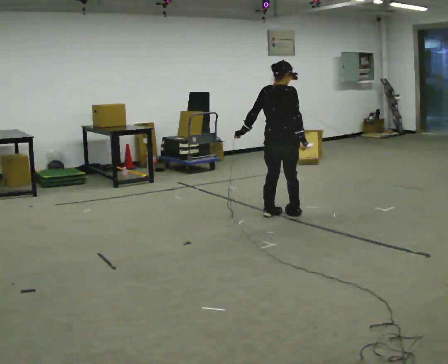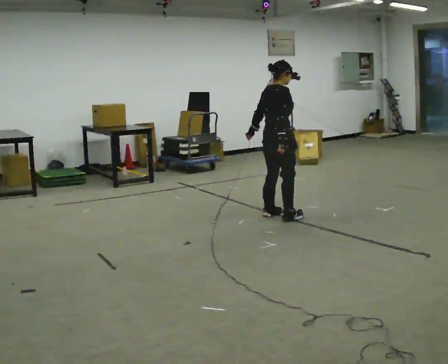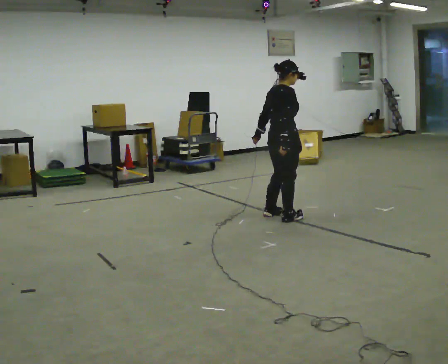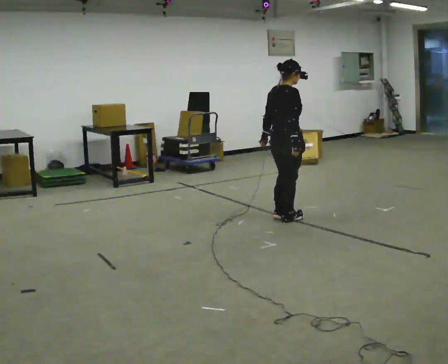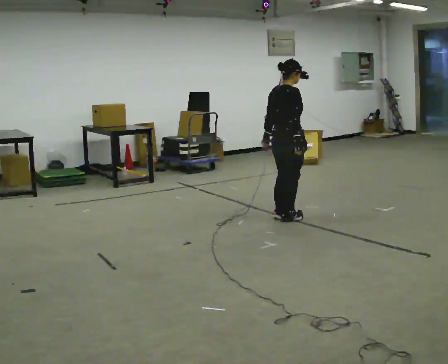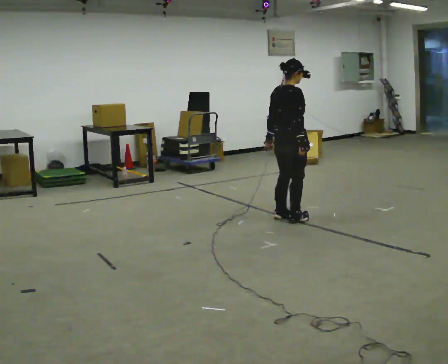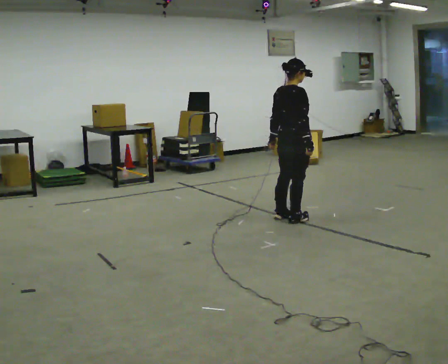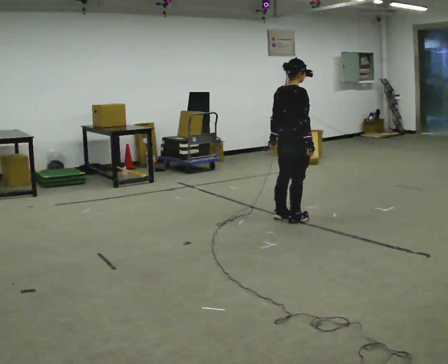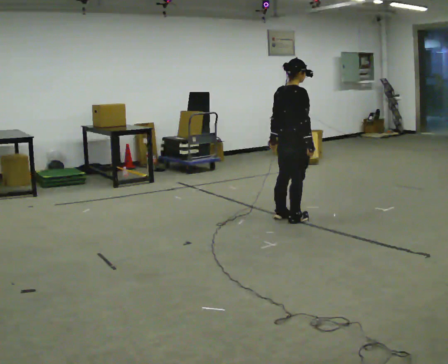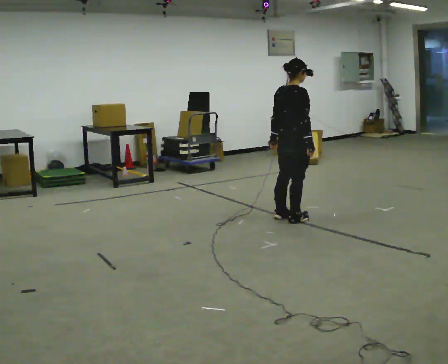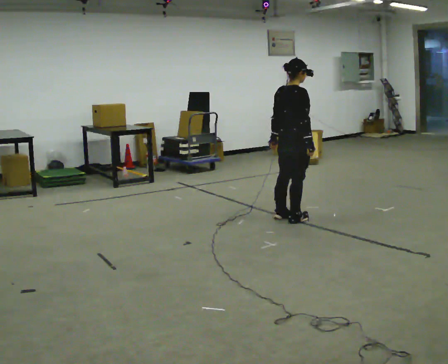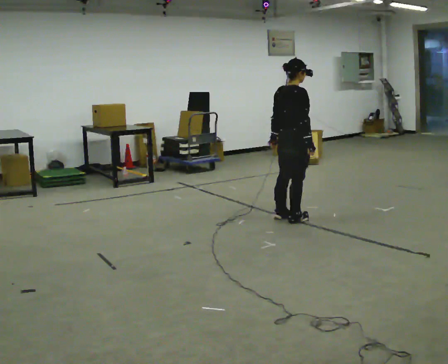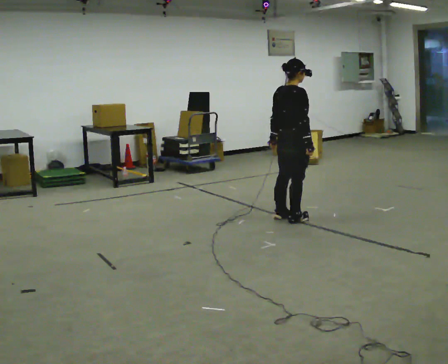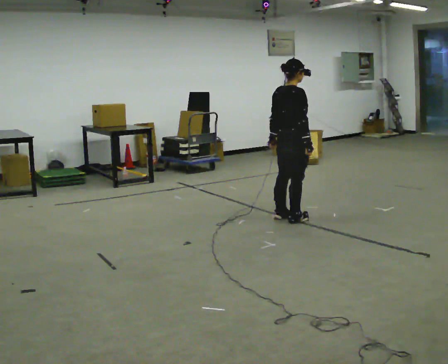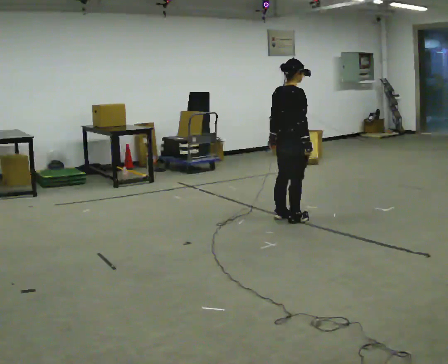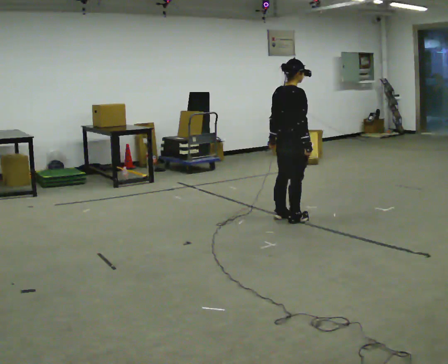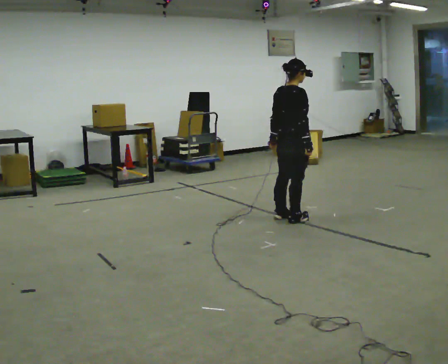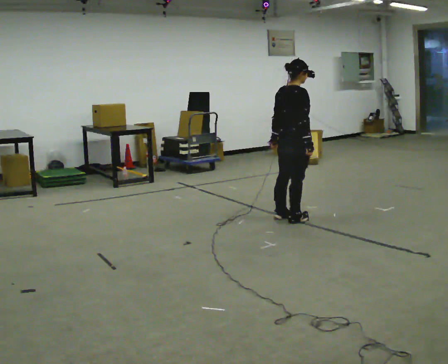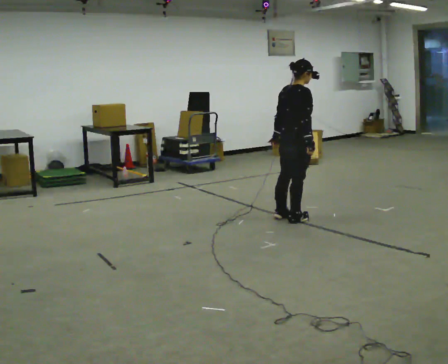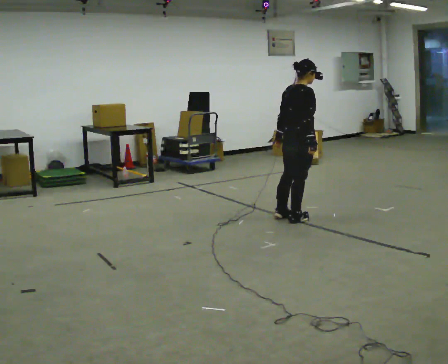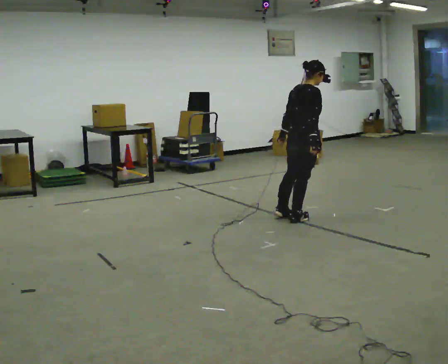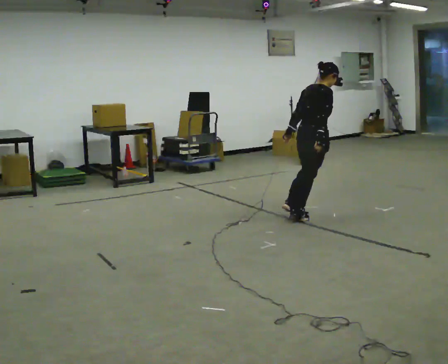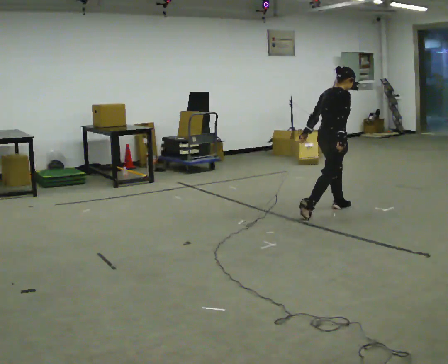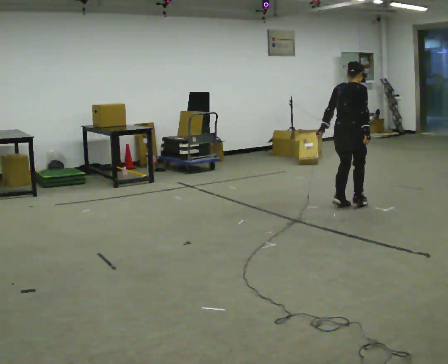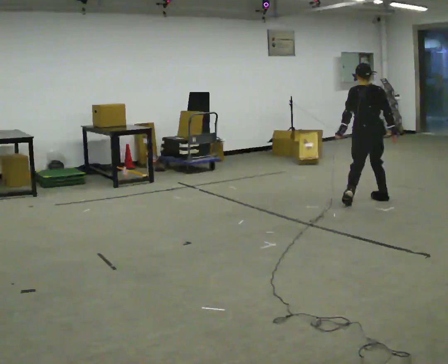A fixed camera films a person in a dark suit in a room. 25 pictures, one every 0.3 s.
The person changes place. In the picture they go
to the right.
0.0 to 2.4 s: The person moves a little, or ends about where they began.
2.4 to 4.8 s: The person keeps their place and pose.
4.8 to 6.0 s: The person moves a little, or ends about where they began.
6.0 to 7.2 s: The person turns about 60 degrees to their left, counterclockwise seen from above, so the part of the body nearest the lens slides to the right. In the picture they go to the right and away from the camera, about 1 m in 2 steps.
The film runs forward here.
